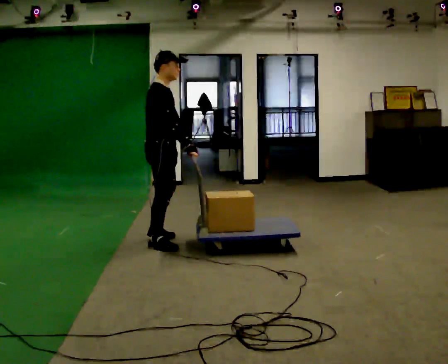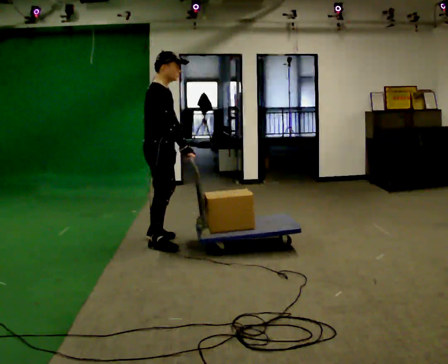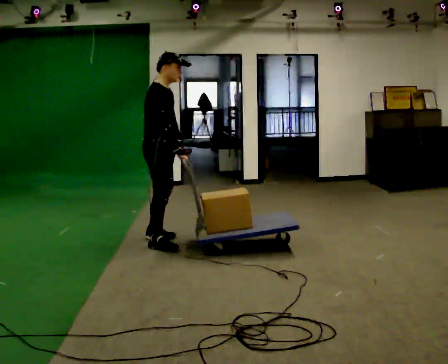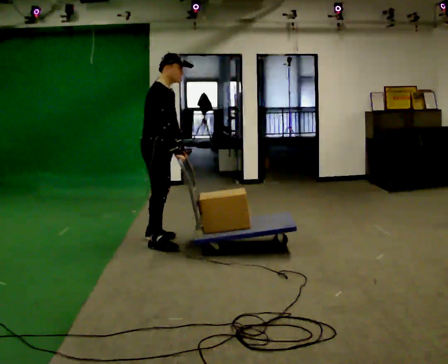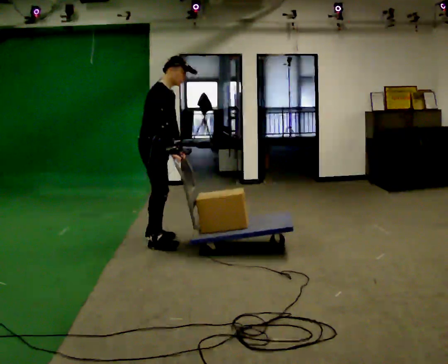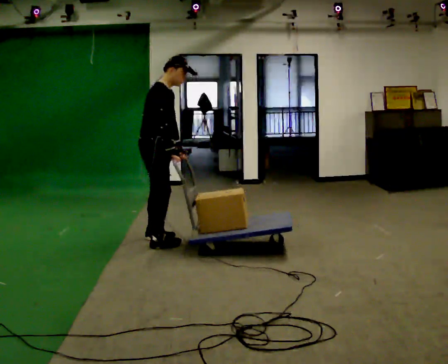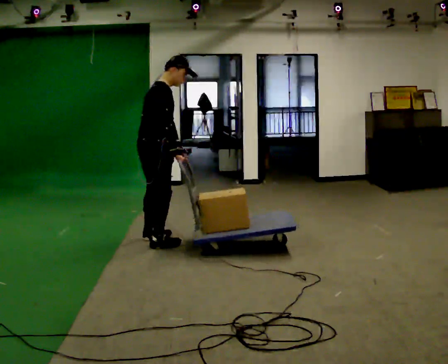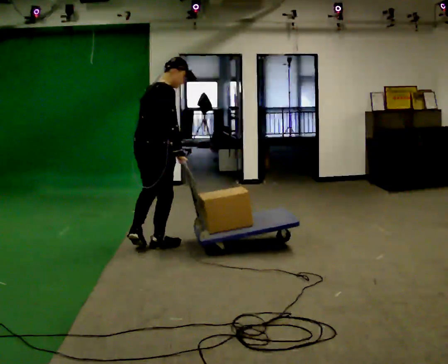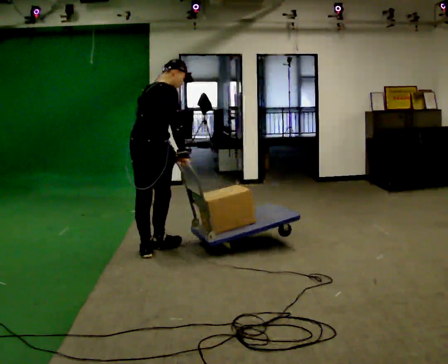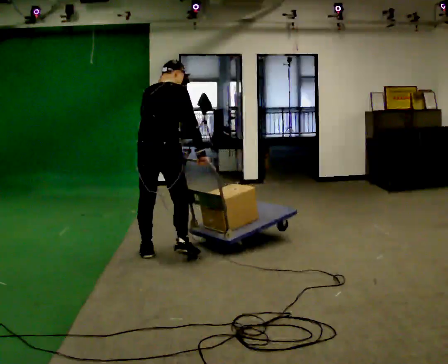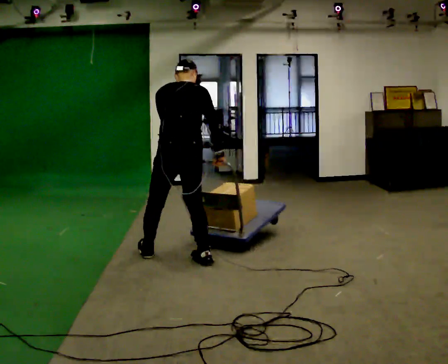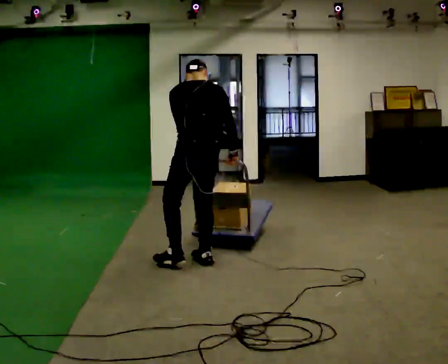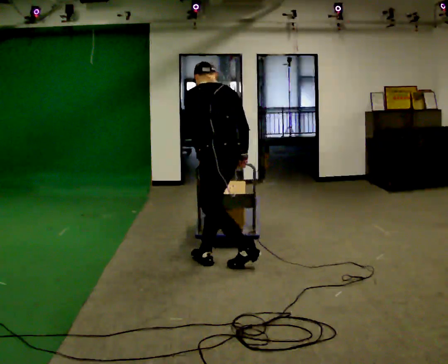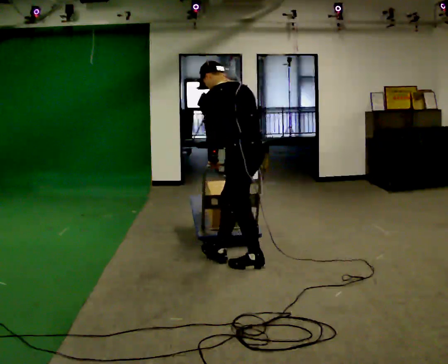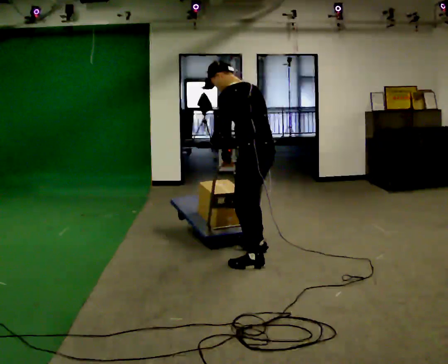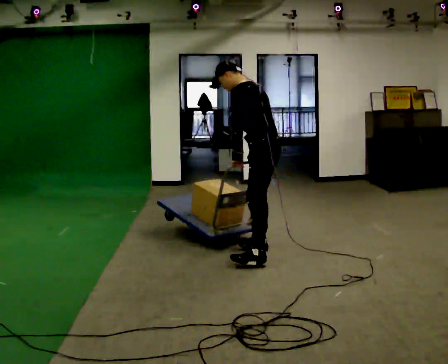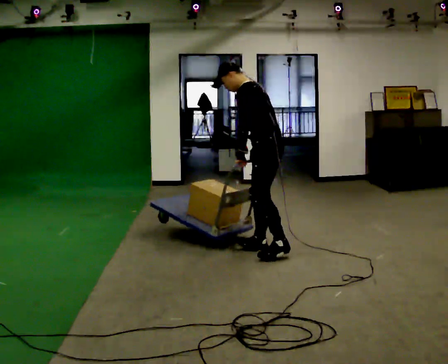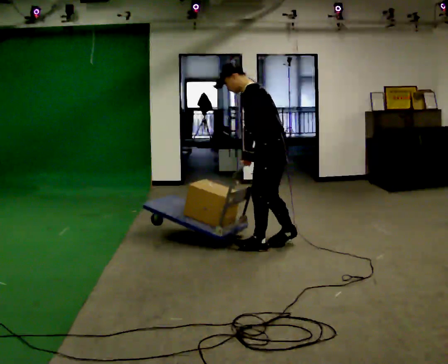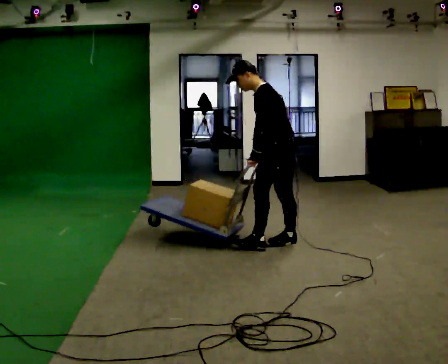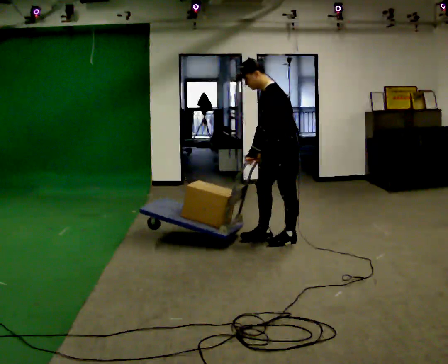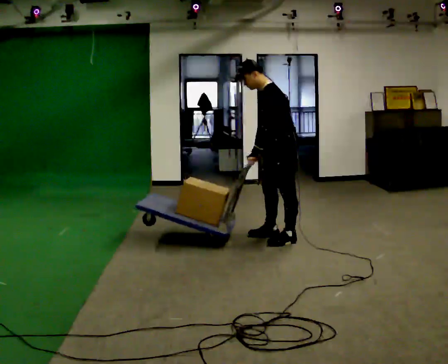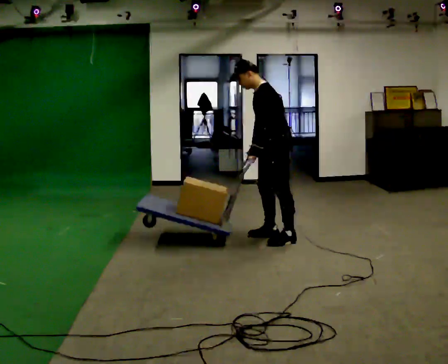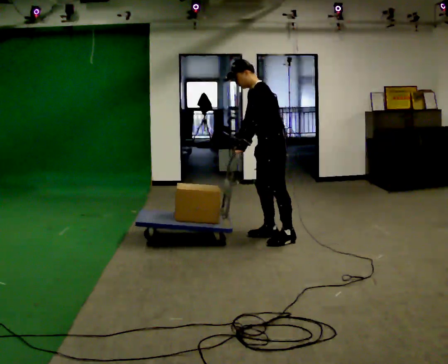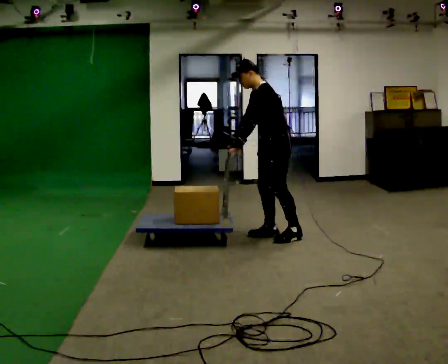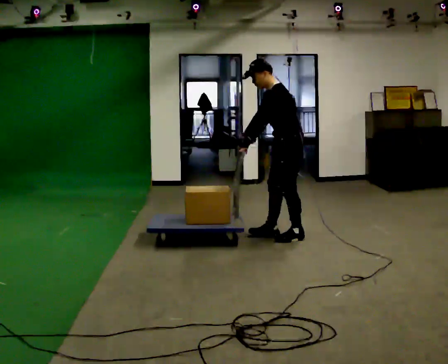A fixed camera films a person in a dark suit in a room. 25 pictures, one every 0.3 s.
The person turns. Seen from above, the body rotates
counterclockwise.
The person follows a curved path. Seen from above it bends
counterclockwise.
0.0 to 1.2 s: In the picture they go away from the camera, about 0.25 m, which for them is to their left.
1.2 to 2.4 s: The person turns about 60 degrees to their left, counterclockwise seen from above, so the part of the body nearest the lens slides to the right. In the picture they go toward the camera, about 0.25 m in 2 steps, which for them is to their right.
2.4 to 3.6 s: Seen from above the body turns counterclockwise, about 90 degrees: to their left, with its near side sliding to the right. In the picture they go to the right and toward the camera, about 0.75 m in 1 step. In the picture the upper body tilts counterclockwise, shoulders to the left.
3.6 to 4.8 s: The person turns about 30 degrees to their left, counterclockwise seen from above, so the part of the body nearest the lens slides to the right. In the picture they go to the right and away from the camera, about 0.5 m in 2 steps, which for them is to their right.
4.8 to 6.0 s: In the picture they go away from the camera and to the right, about 0.25 m in 1 step, which for them is to their right and backward.
6.0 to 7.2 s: The person moves a little, or ends about where they began.
The film runs backward here.
